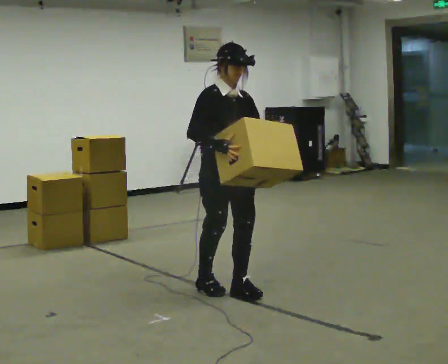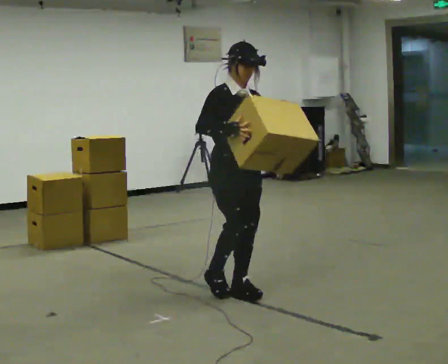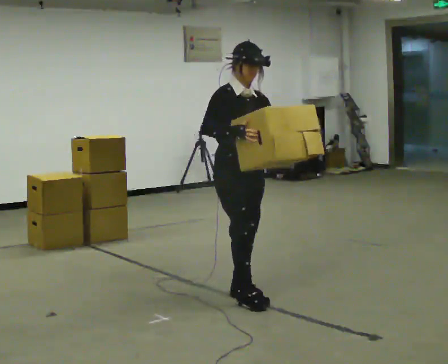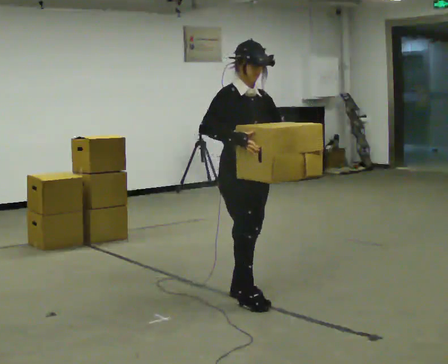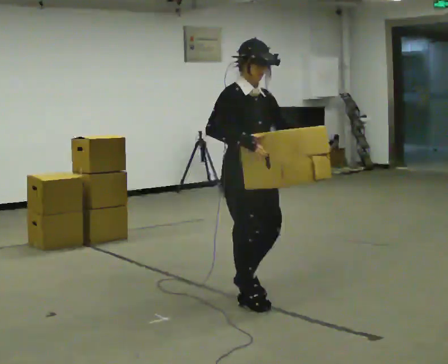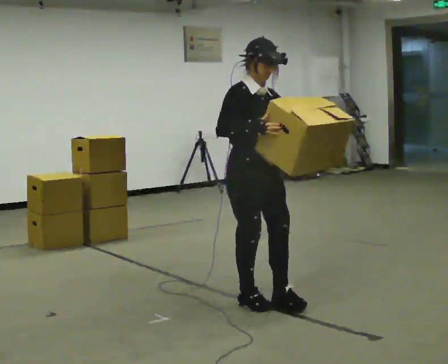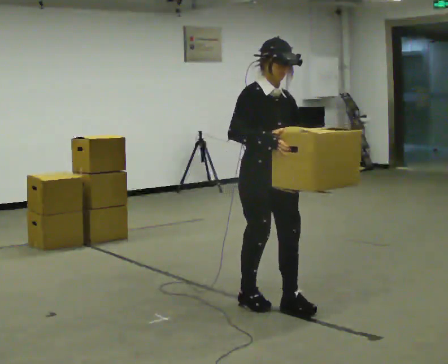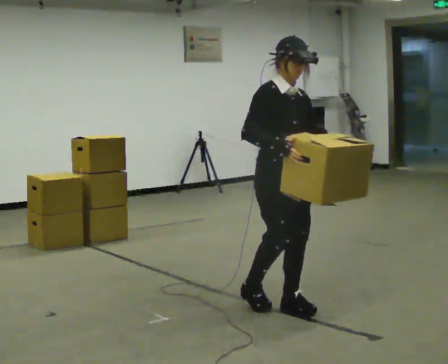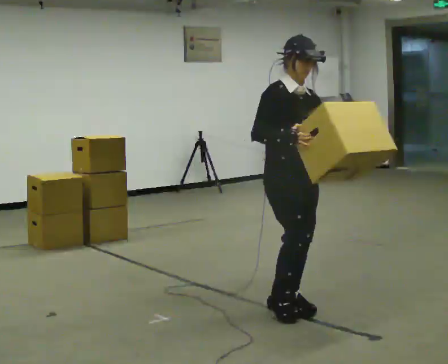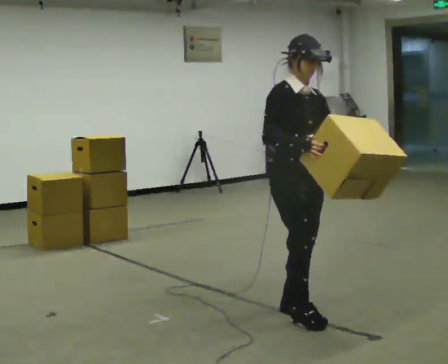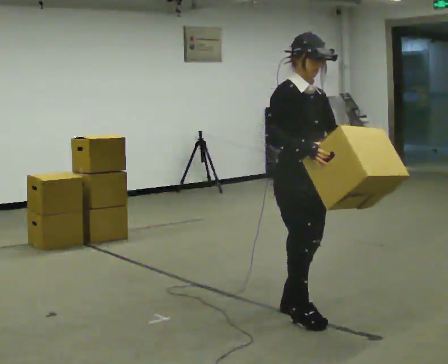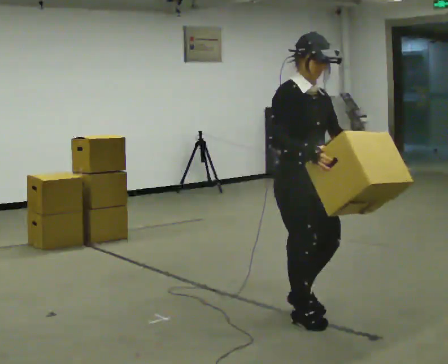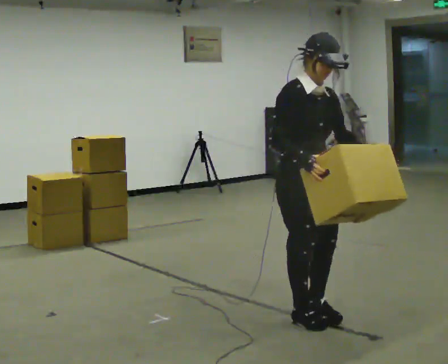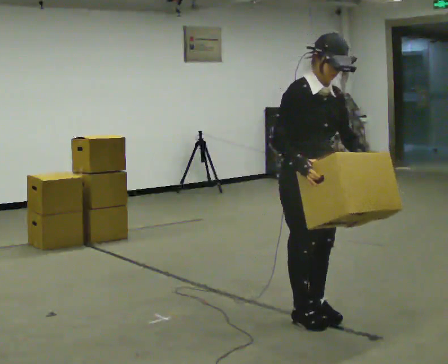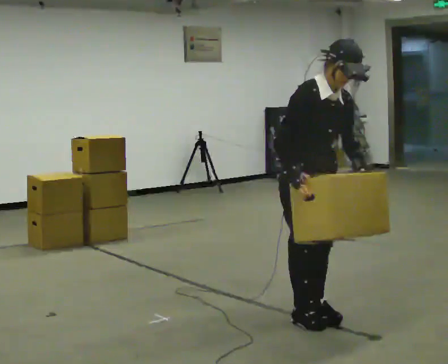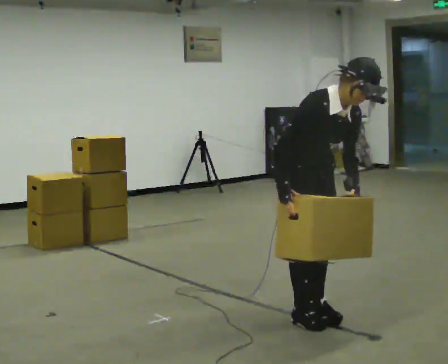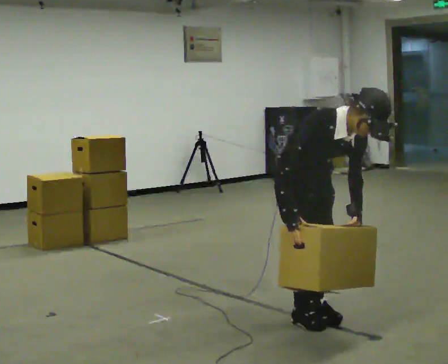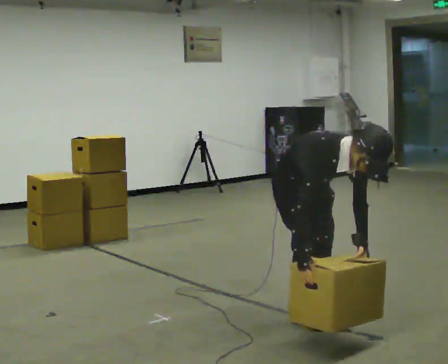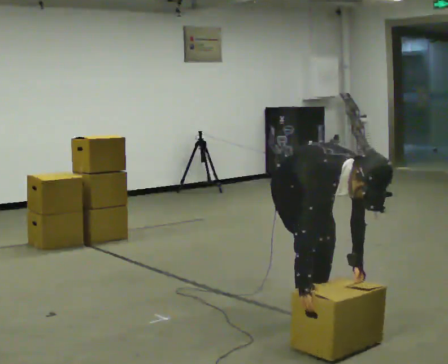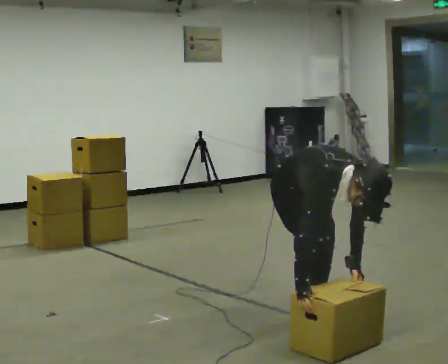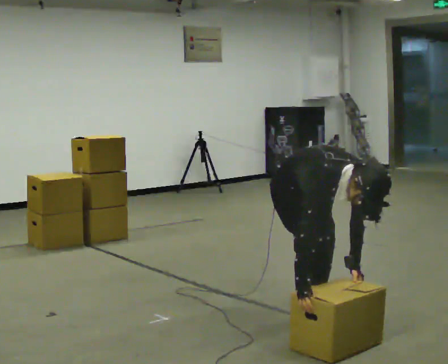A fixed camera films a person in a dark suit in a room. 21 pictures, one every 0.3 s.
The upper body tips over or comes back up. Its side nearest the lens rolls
downward.
The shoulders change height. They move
downward.
0.0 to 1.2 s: In the picture they go toward the camera and to the right, about 0.25 m in 1 step, which for them is forward.
1.2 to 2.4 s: In the picture they go to the right and toward the camera, about 0.25 m in 1 step, which for them is forward.
2.4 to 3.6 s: In the picture they go toward the camera, about 0.25 m in 2 steps, which for them is forward.
3.6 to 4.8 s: The upper body tips toward the camera, its near side rolling downward, as they bend forward. In the picture their left hand goes downward.
4.8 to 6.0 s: The shoulders move downward. The upper body tips toward the camera, its near side rolling downward, as they bend forward. In the picture their right hand goes downward.
The film runs forward here.
